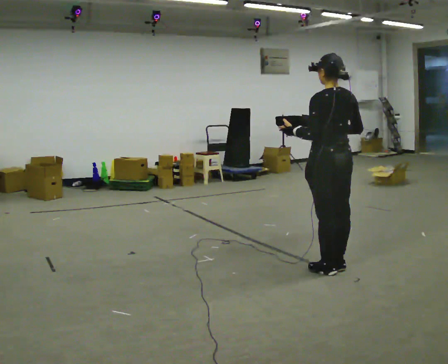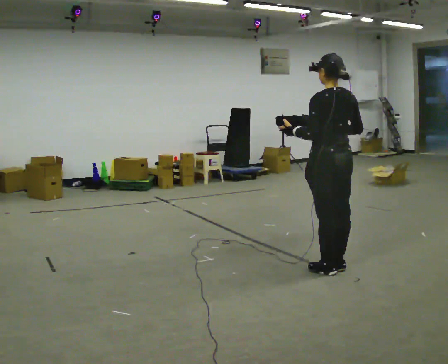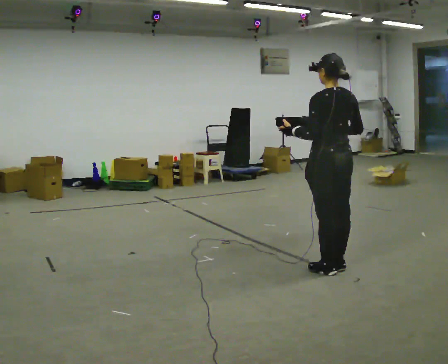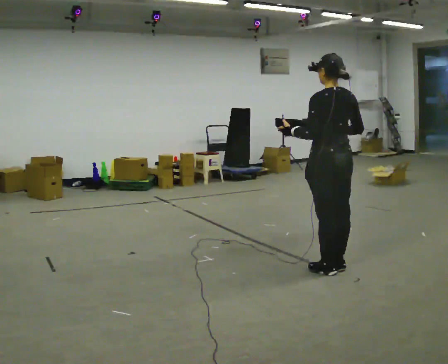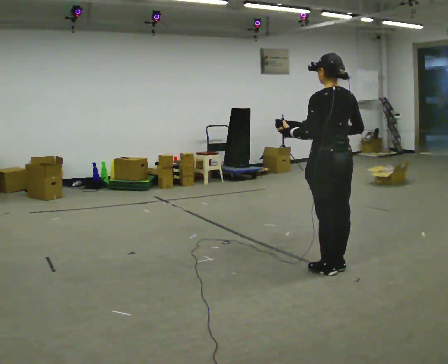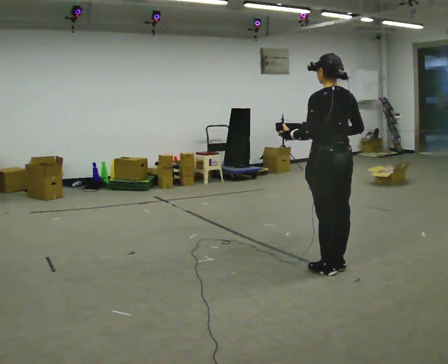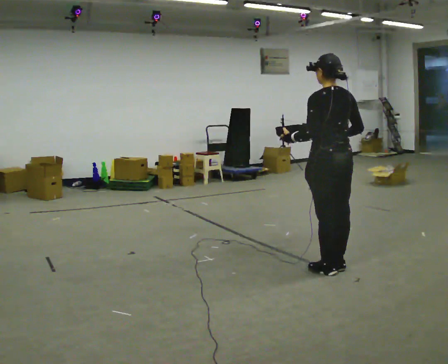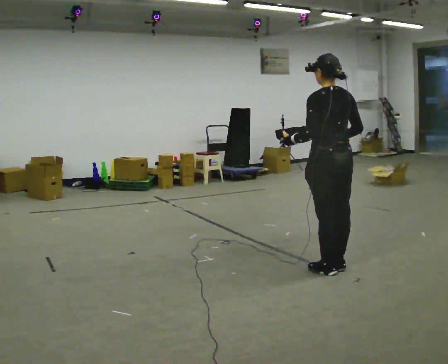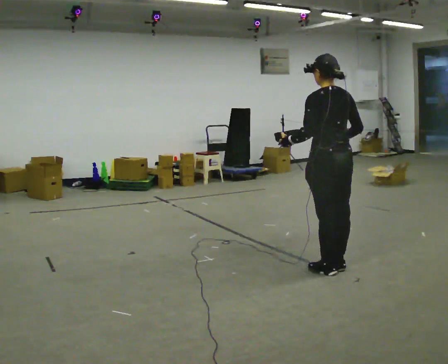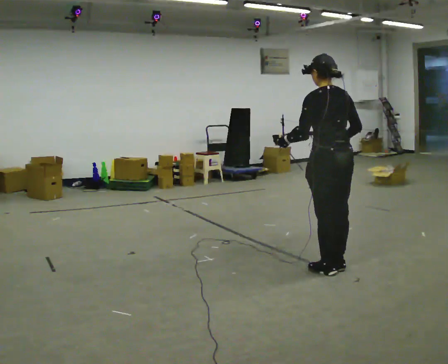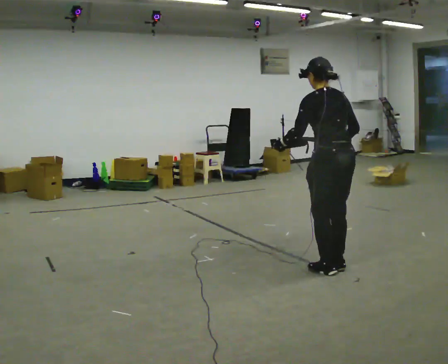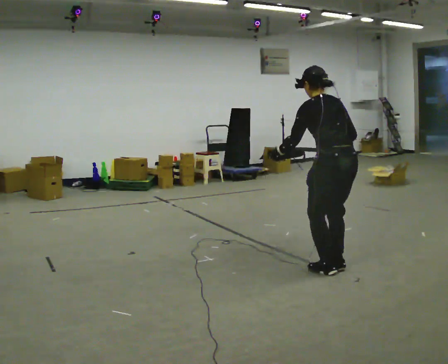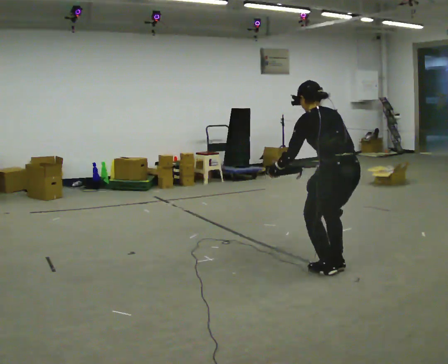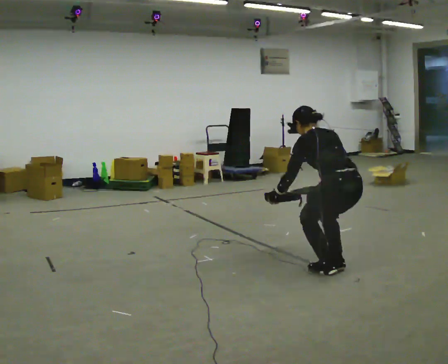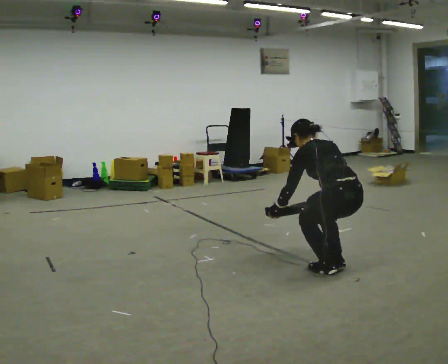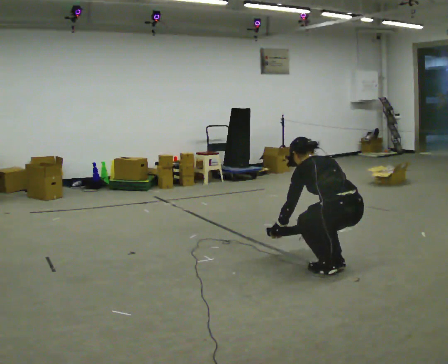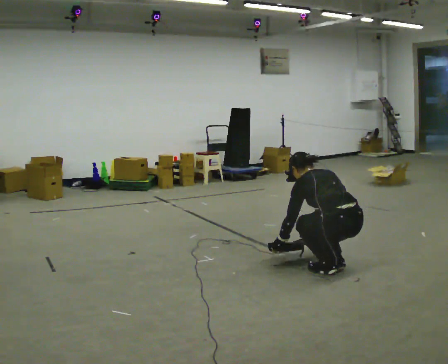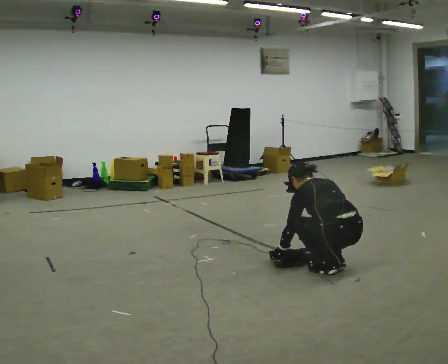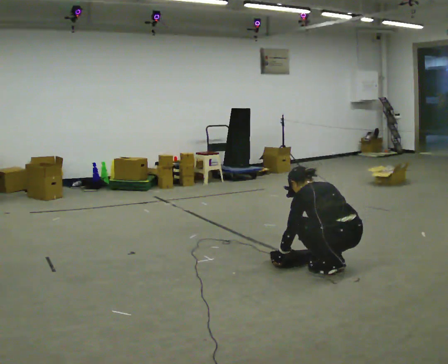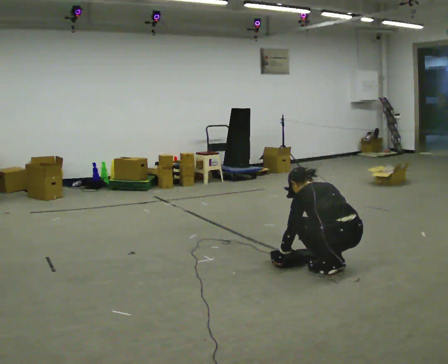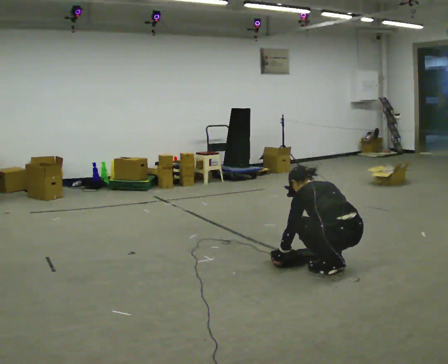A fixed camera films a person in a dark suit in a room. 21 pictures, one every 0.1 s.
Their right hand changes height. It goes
downward.
Their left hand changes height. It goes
downward.
0.0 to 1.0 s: The person moves a little, or ends about where they began.
1.0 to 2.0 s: The upper body goes downward. The upper body tips away from the camera, its near side rolling upward, as they bend forward. In the picture their left hand goes downward.
The film runs backward here.
